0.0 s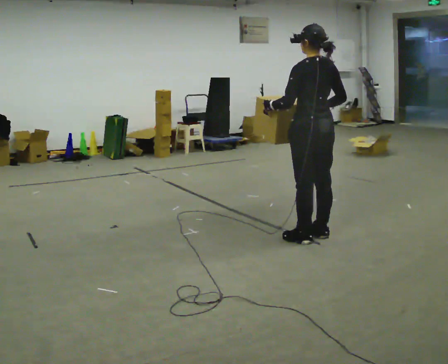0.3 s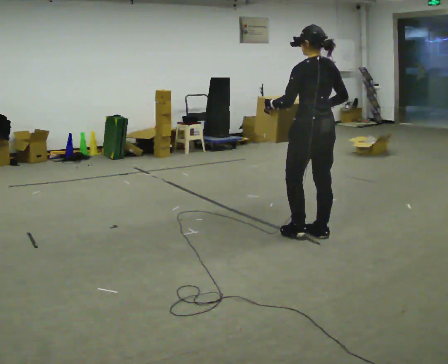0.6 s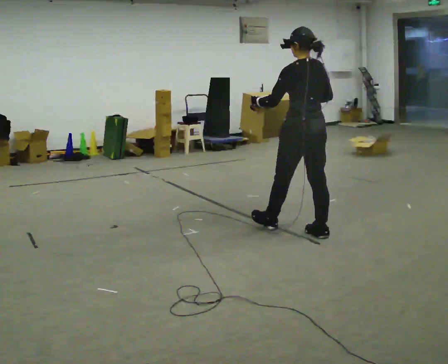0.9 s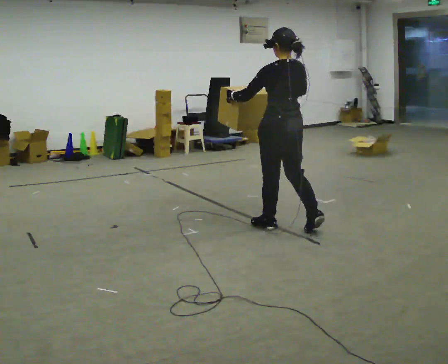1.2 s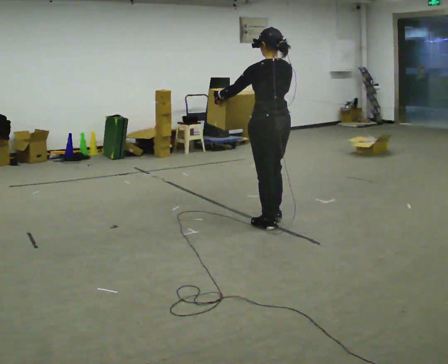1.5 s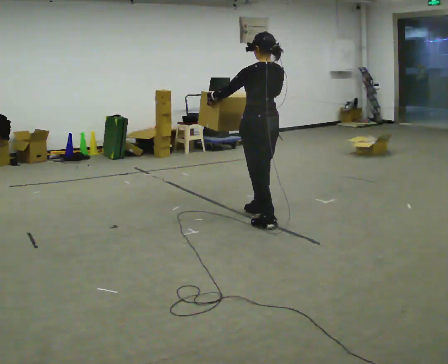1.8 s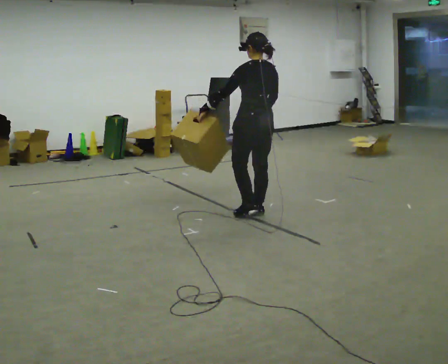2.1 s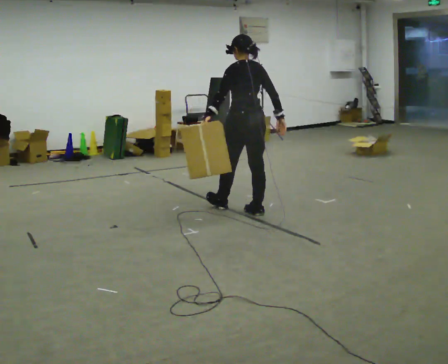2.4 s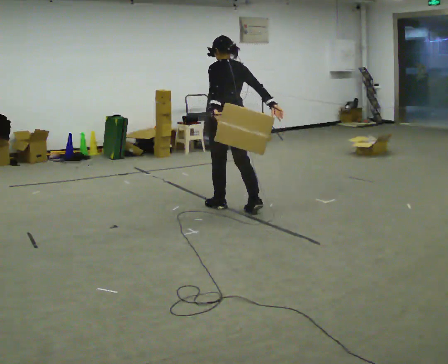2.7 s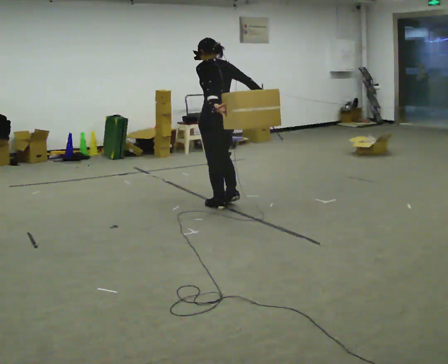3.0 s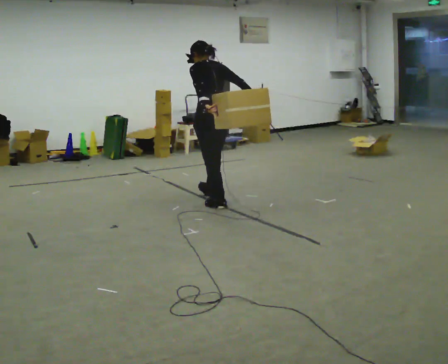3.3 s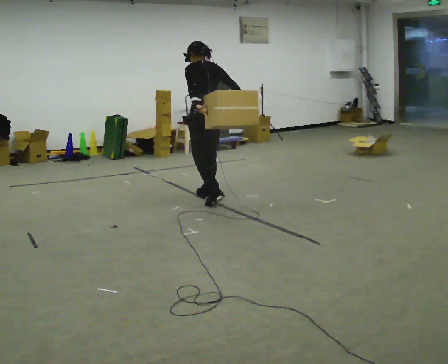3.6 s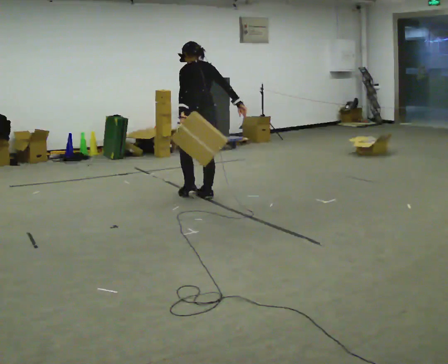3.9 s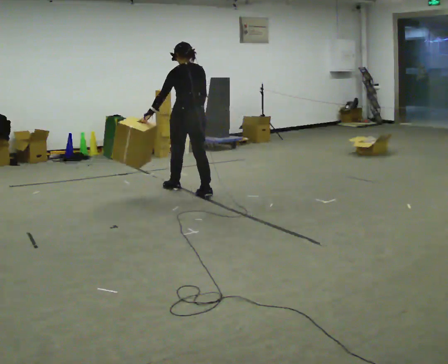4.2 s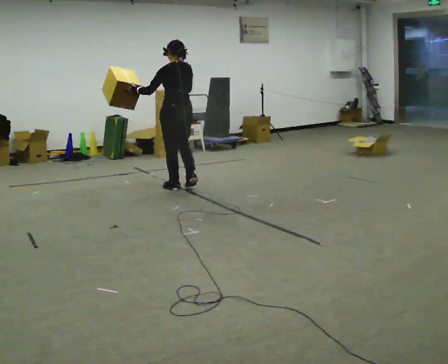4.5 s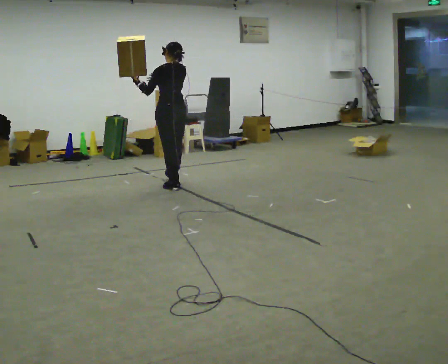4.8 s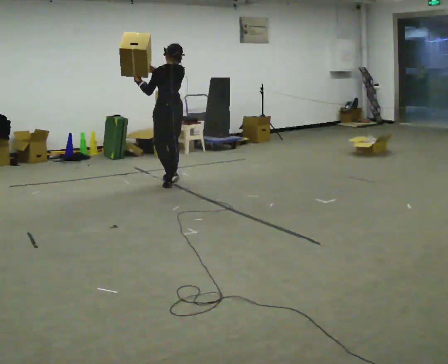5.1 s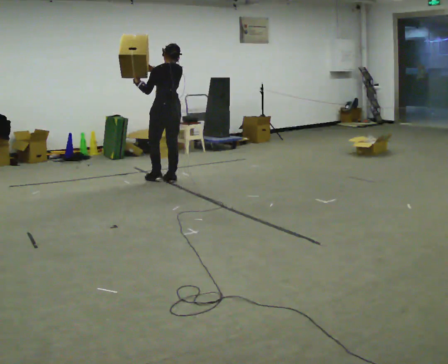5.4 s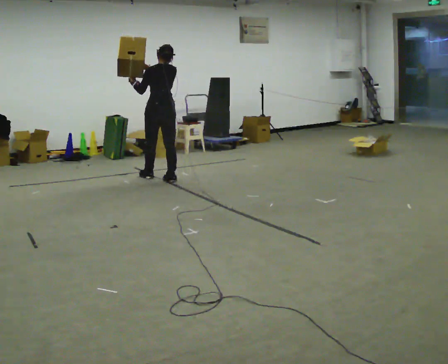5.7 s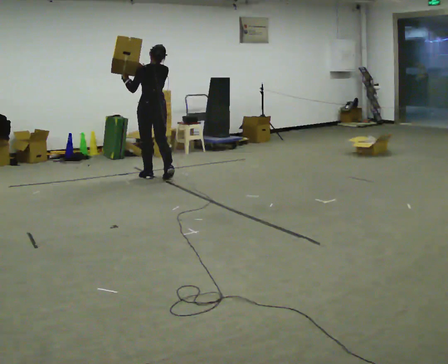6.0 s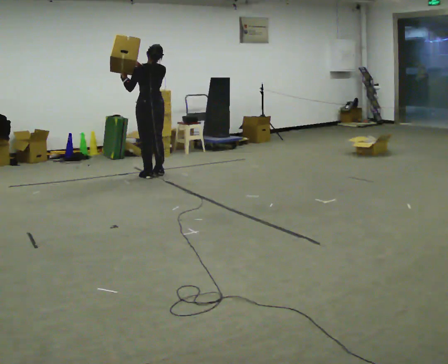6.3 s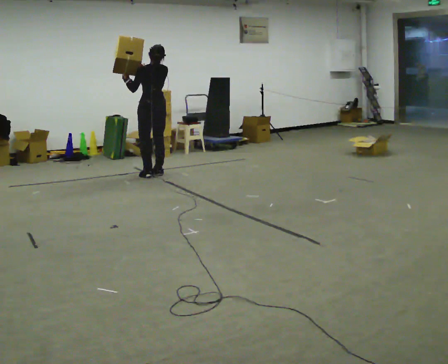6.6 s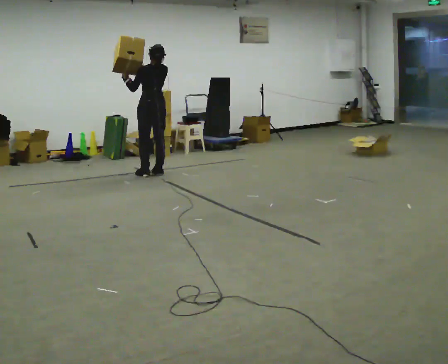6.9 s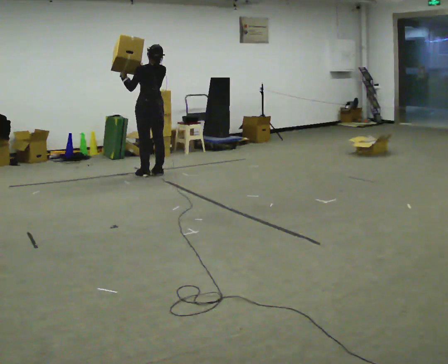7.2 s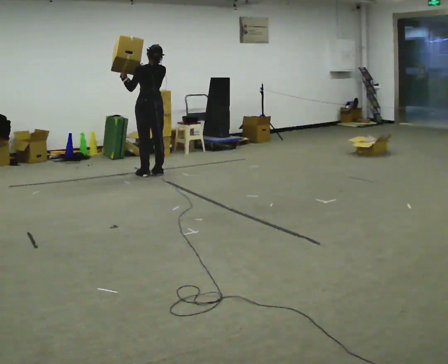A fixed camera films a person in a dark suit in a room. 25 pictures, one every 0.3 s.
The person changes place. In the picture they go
away from the camera.
0.0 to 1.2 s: In the picture they go away from the camera and to the left, about 0.5 m in 1 step, which for them is forward.
1.2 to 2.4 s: In the picture they go away from the camera and to the left, about 0.5 m in 2 steps, which for them is forward.
2.4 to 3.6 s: In the picture they go away from the camera and to the left, about 0.5 m in 1 step, which for them is forward.
3.6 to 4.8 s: In the picture they go away from the camera and to the left, about 0.5 m in 2 steps, which for them is forward.
4.8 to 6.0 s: In the picture they go away from the camera and to the left, about 0.5 m in 1 step, which for them is forward.
6.0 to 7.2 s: The person moves a little, or ends about where they began.
The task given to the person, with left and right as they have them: Carry the box and, while walking, shift it to a different hold: front, then hip, then shoulder, then back to front. Do not stop walking.
The film runs forward here.
